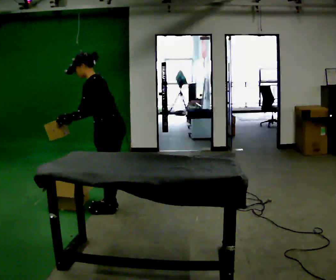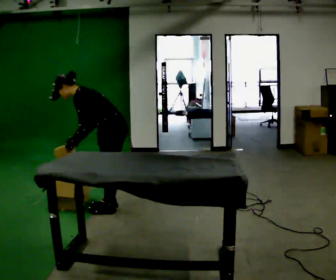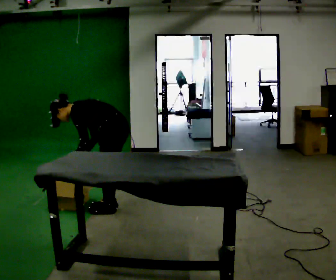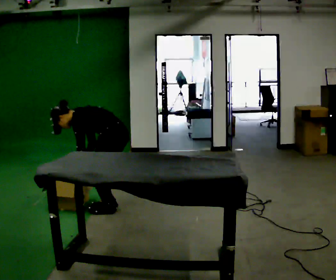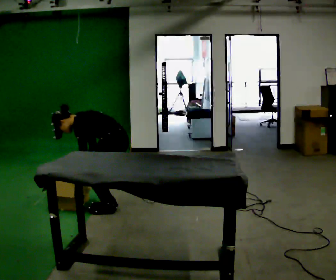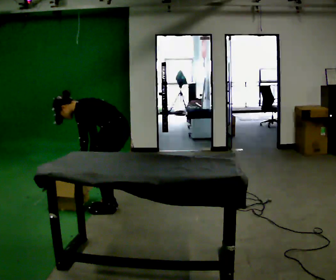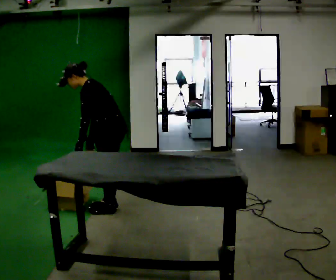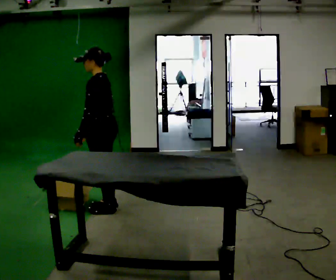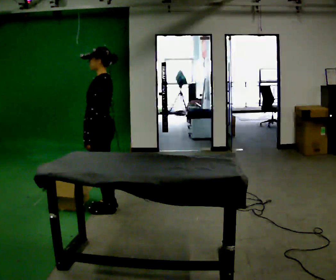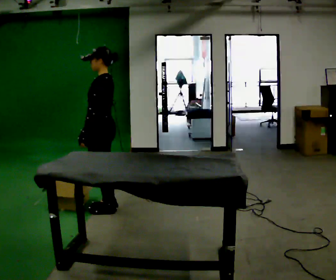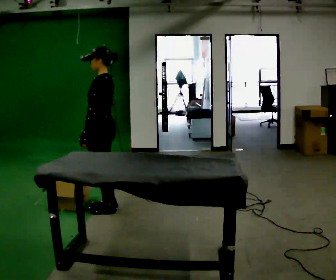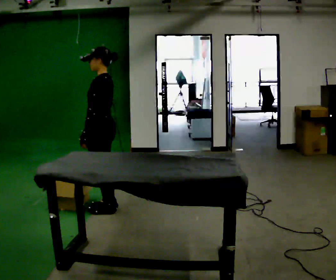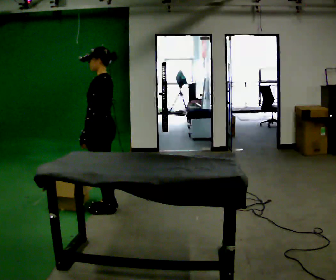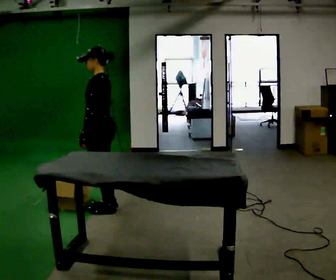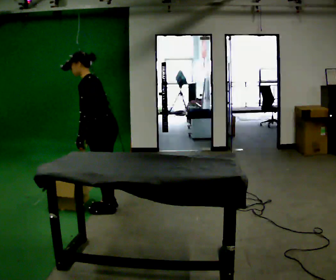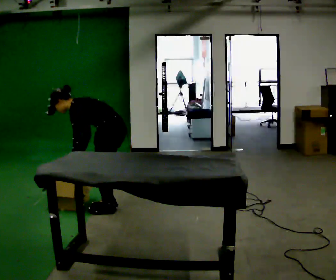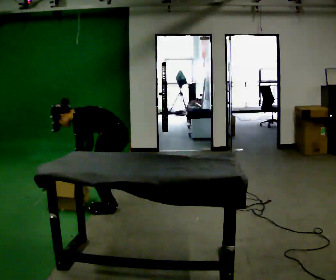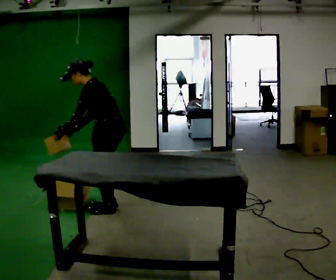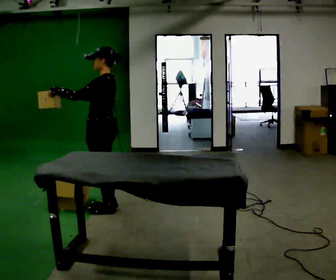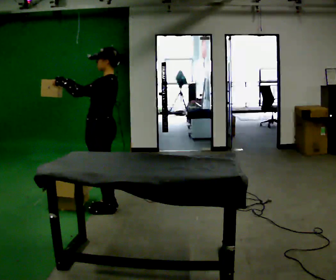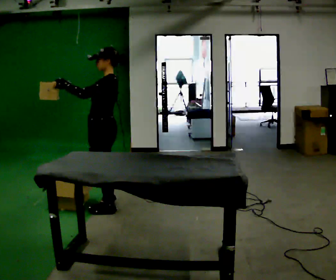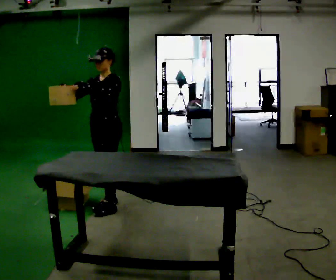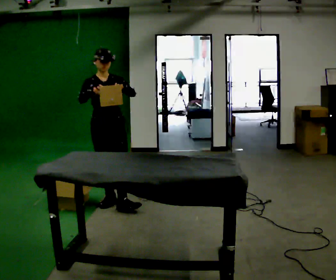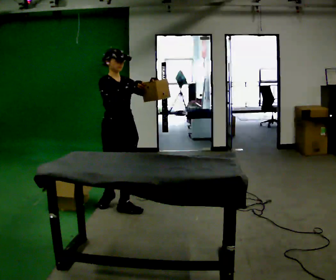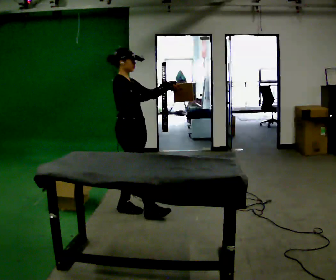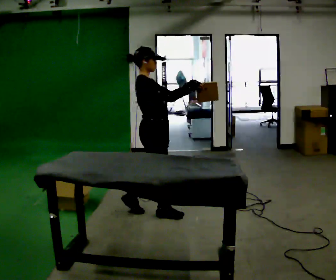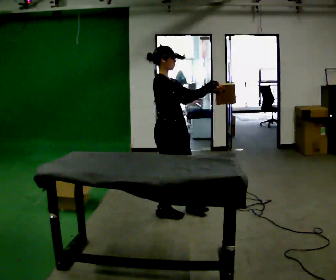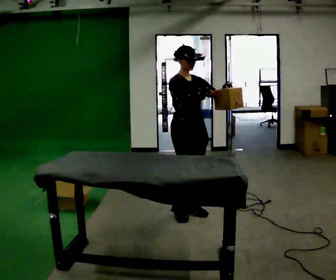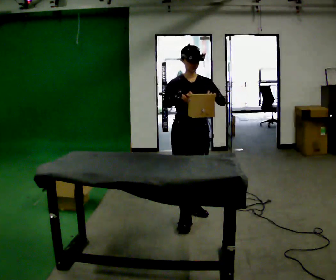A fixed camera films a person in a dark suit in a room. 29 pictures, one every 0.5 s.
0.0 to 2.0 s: The upper body goes downward. In the picture the upper body tilts counterclockwise, shoulders to the left, as they bend forward. In the picture their left hand goes downward.
2.0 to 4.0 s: The shoulders move upward. In the picture the upper body tilts clockwise, shoulders to the right, as they lean back or straighten. In the picture their left hand goes upward.
4.0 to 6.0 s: The person moves a little, or ends about where they began.
6.0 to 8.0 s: The shoulders move downward. In the picture the upper body tilts counterclockwise, shoulders to the left, as they bend forward. In the picture their left hand goes downward.
8.0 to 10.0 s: The upper body goes upward. In the picture the upper body tilts clockwise, shoulders to the right, as they lean back or straighten. In the picture their right hand goes upward, the arm swinging clockwise.
10.0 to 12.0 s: The person turns about 150 degrees to their left, counterclockwise seen from above, so the part of the body nearest the lens slides to the right. In the picture they go to the right, about 0.25 m. In the picture their right hand goes to the right.
12.0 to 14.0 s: The person turns about 75 degrees to their right, clockwise seen from above, so the part of the body nearest the lens slides to the left. In the picture they go to the right and toward the camera, about 0.5 m in 3 steps.
The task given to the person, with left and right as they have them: Take an object out of the bin at knee height, carry it across the room, and place it on the chest-height shelf. Keep going until the operator says stop; one object at a time, and do not rush between trips.
The film runs forward here.
